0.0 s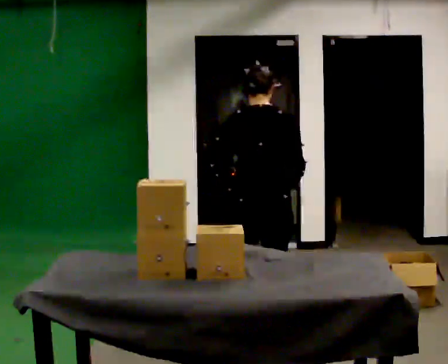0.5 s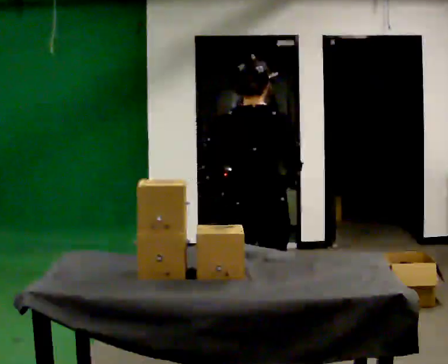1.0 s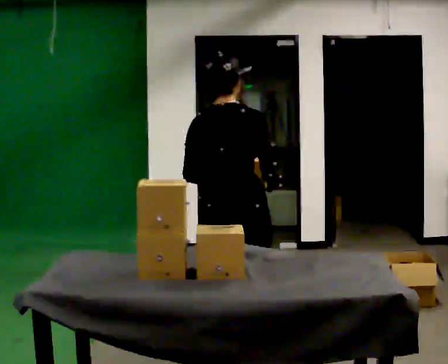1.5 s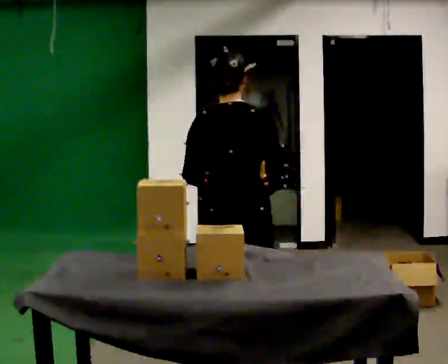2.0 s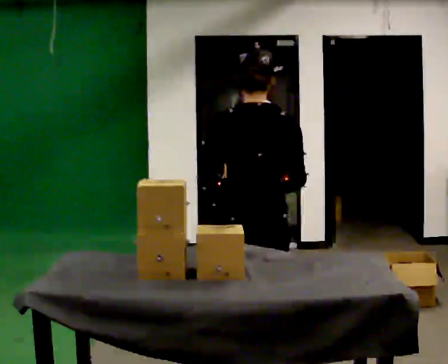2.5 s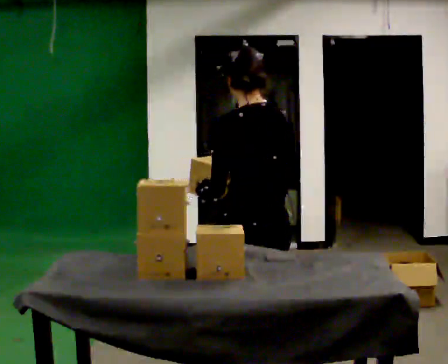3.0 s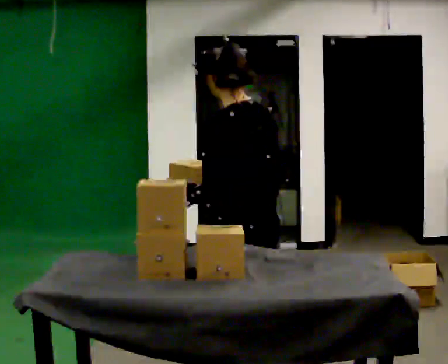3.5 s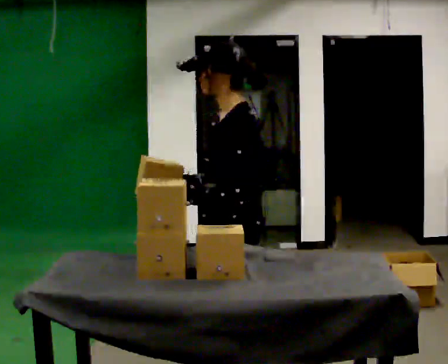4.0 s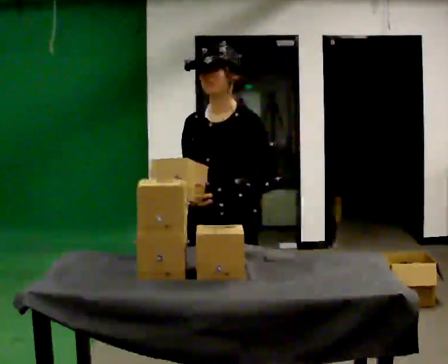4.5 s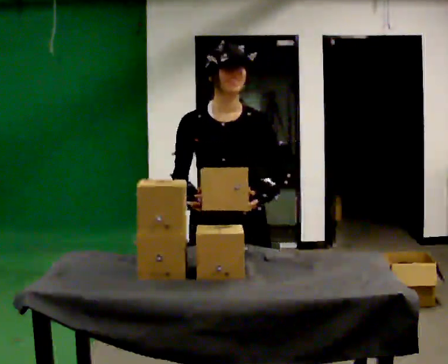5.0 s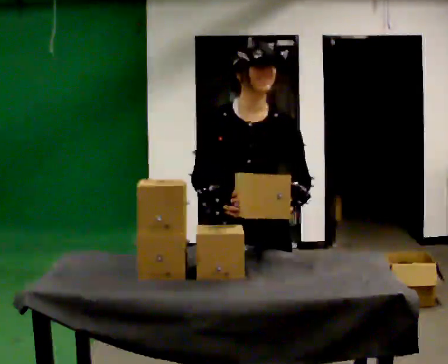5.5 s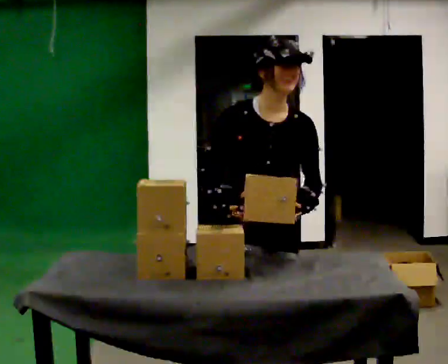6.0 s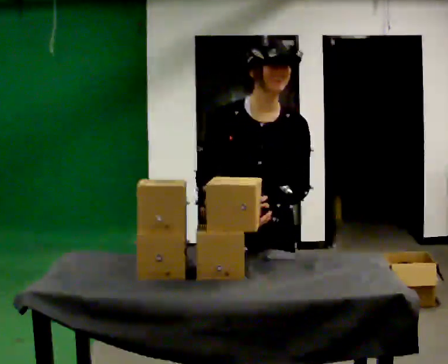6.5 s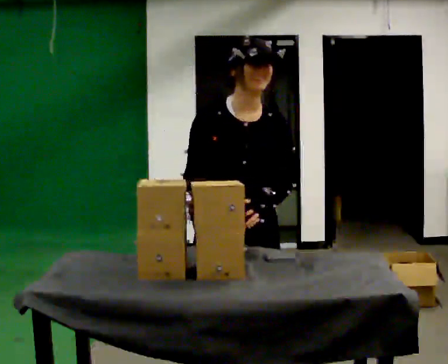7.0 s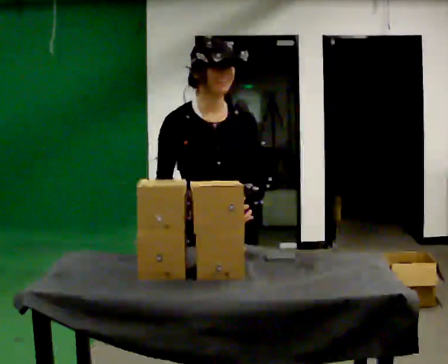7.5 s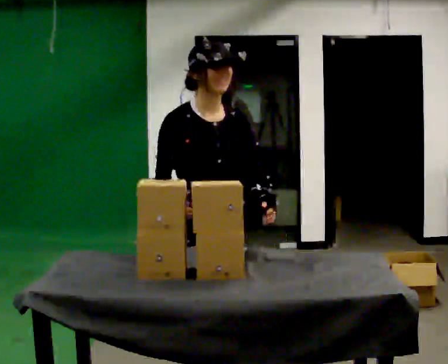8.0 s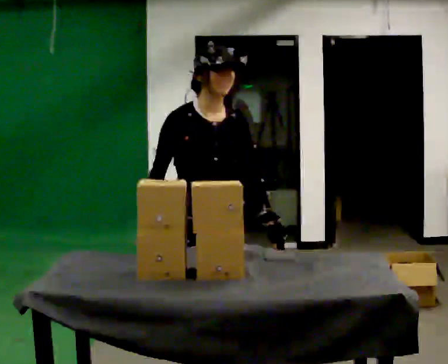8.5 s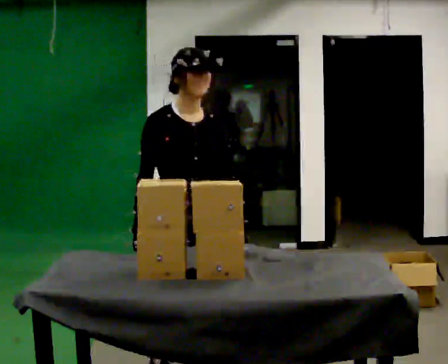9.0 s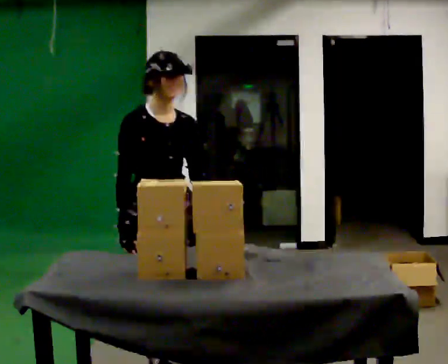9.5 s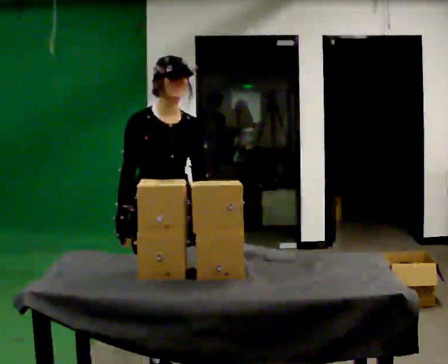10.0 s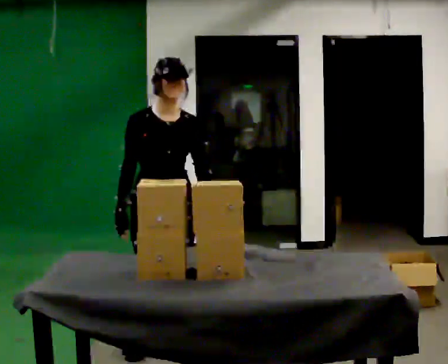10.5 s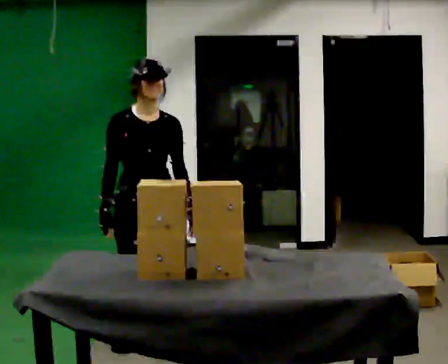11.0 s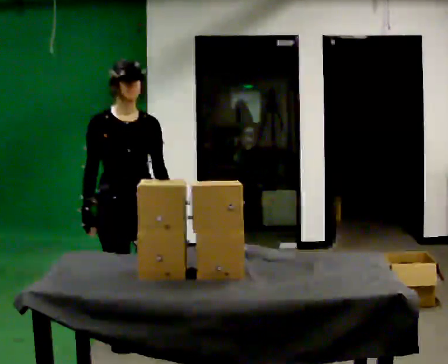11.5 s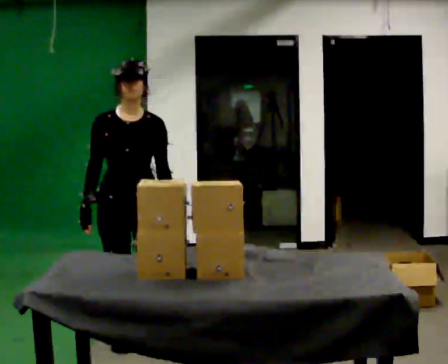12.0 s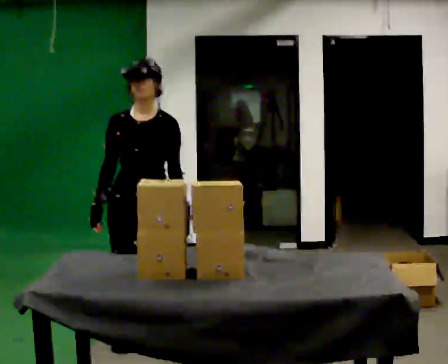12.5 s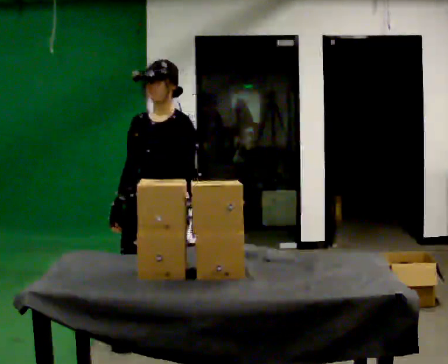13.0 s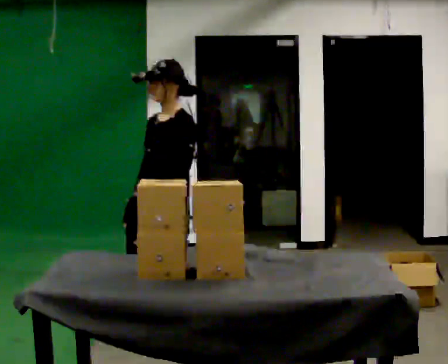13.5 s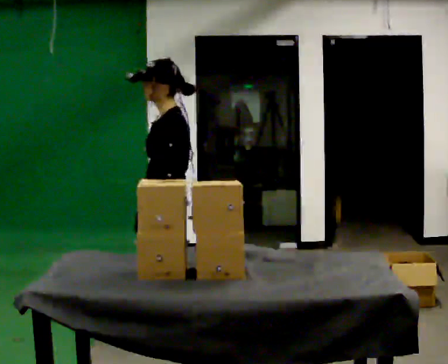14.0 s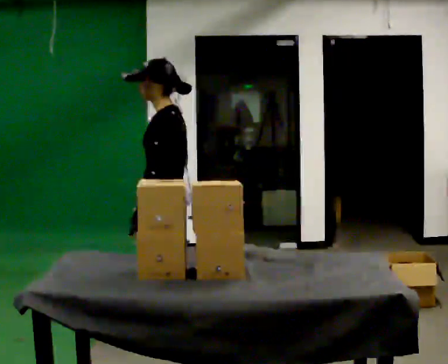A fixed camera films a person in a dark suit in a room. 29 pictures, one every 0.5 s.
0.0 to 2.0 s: In the picture they go toward the camera, about 0.75 m in 2 steps, which for them is backward.
2.0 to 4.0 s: Seen from above the body turns counterclockwise, about 135 degrees: to their left, with its near side sliding to the right. In the picture their right hand goes to the left.
4.0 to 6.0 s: The part of the body nearest the lens slides to the right as the person turns to their left by about 45 degrees.
6.0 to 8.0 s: In the picture they go to the left and away from the camera, about 0.25 m in 2 steps, which for them is backward and to their right.
8.0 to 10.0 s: In the picture they go away from the camera and to the left, about 0.5 m in 2 steps, which for them is backward.
10.0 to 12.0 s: Seen from above the body turns clockwise, about 30 degrees: to their right, with its near side sliding to the left.
12.0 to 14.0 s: Seen from above the body turns clockwise, about 75 degrees: to their right, with its near side sliding to the left.
The film runs backward here.
